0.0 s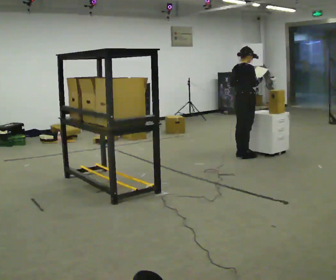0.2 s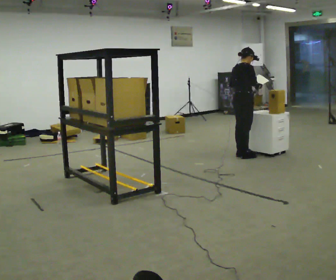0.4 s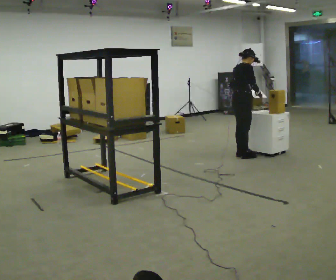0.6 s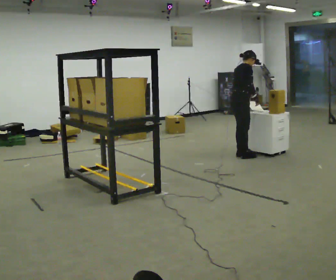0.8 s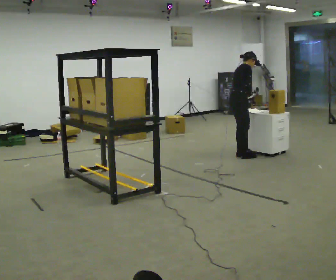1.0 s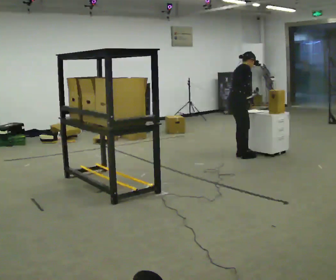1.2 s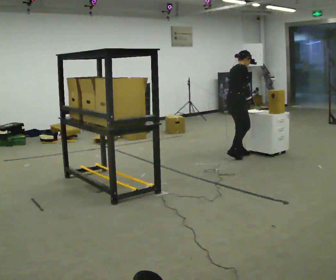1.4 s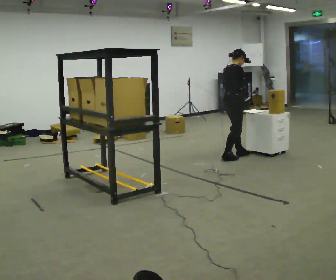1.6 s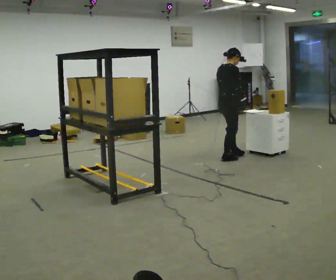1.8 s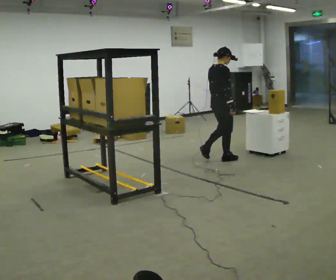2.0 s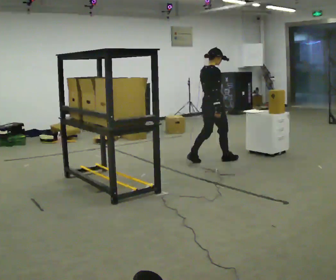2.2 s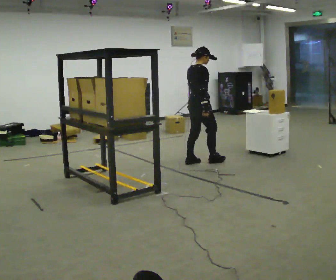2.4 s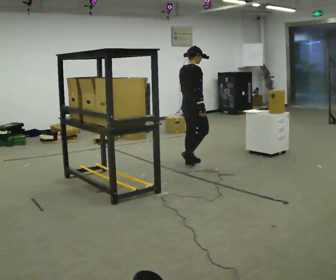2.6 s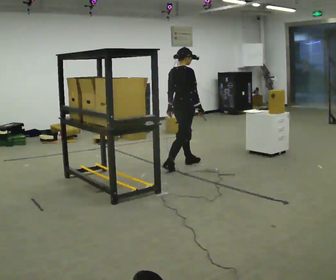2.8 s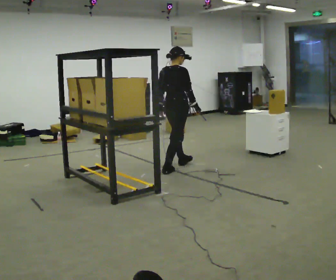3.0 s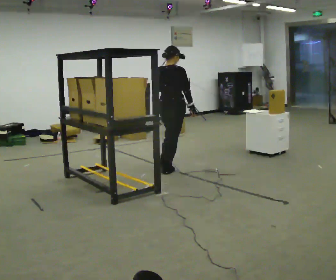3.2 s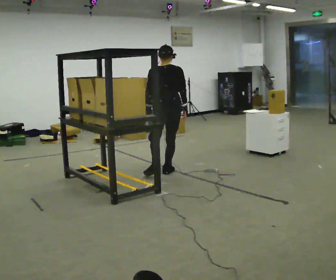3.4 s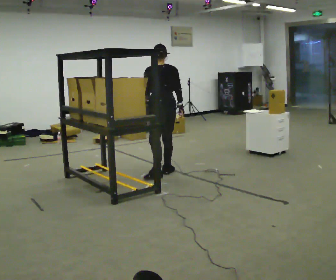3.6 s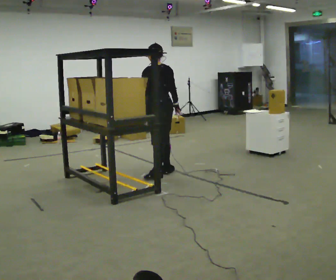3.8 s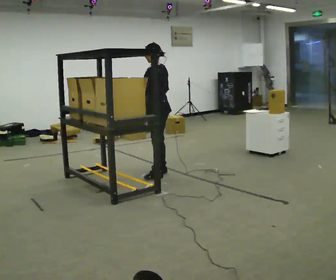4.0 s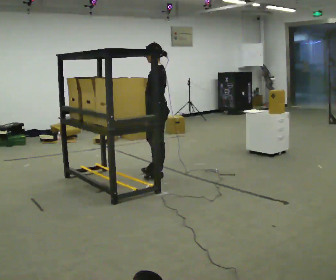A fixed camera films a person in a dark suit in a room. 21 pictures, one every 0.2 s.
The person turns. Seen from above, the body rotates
counterclockwise.
The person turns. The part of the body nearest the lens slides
to the right.
0.0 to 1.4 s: In the picture they go to the left, about 0.25 m in 1 step, which for them is backward.
1.4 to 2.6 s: In the picture they go to the left and toward the camera, about 0.5 m in 2 steps, which for them is backward.
2.6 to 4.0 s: The part of the body nearest the lens slides to the right as the person turns to their left by about 150 degrees. In the picture they go toward the camera and to the left, about 0.5 m in 1 step.
The film runs backward here.
